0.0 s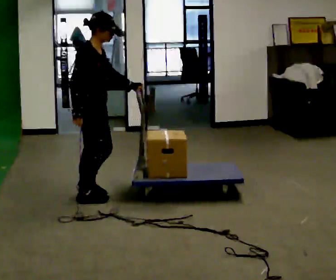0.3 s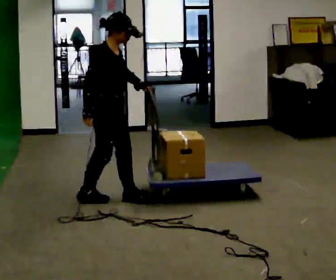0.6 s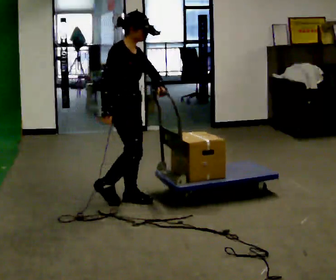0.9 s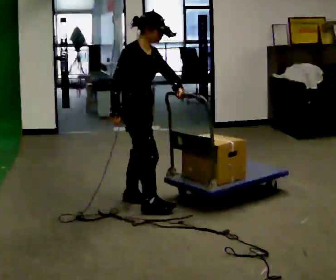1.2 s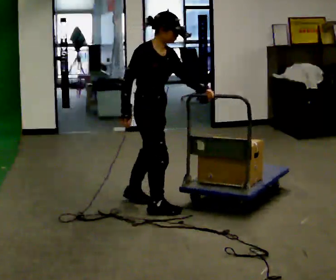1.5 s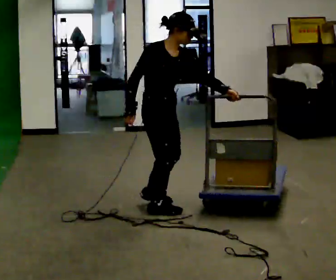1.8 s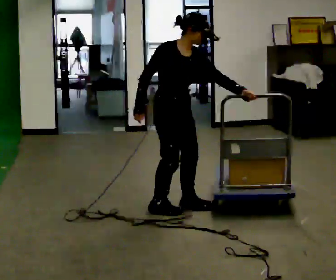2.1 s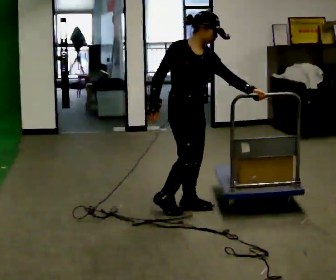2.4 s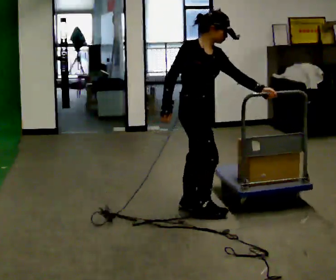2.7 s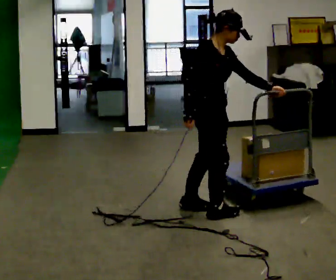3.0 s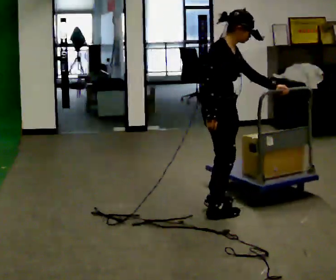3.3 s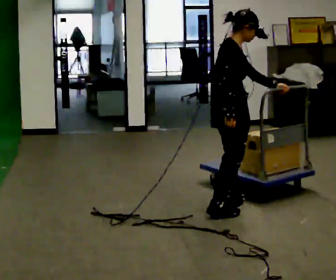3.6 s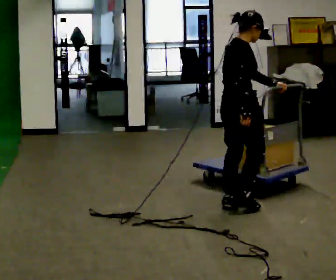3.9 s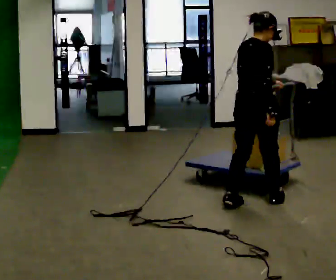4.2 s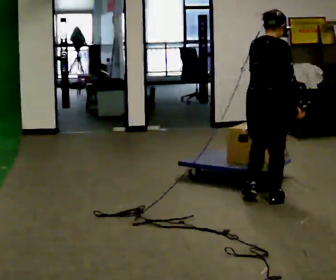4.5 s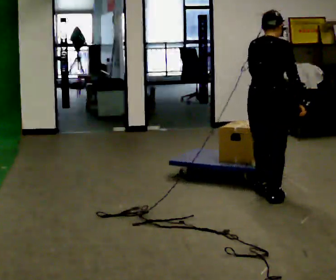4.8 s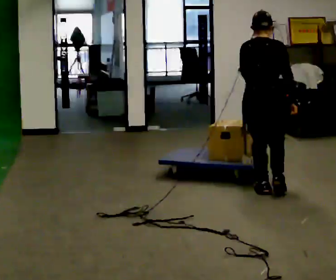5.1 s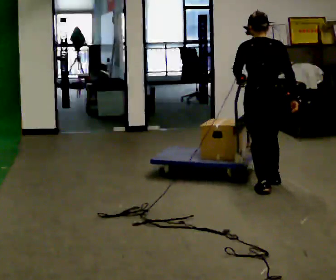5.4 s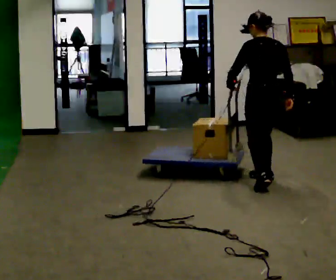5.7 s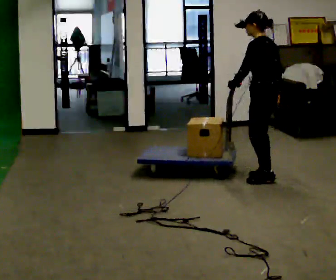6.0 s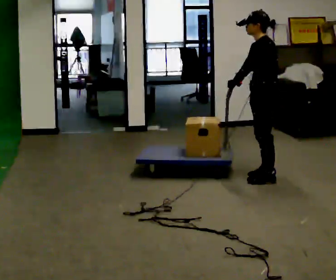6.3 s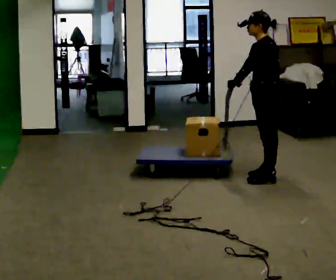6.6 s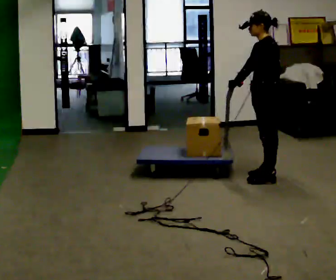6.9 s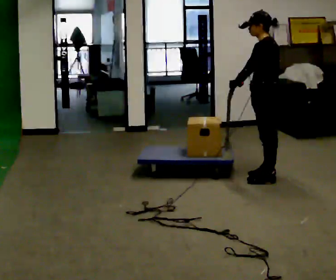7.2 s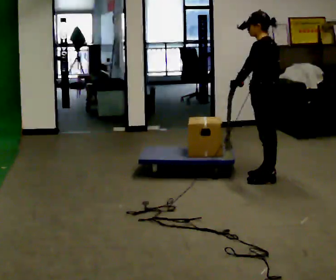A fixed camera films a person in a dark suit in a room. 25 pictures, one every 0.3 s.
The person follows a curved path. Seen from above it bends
counterclockwise.
The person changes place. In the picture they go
to the right.
0.0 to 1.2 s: In the picture they go to the right, about 0.5 m in 2 steps, which for them is forward.
1.2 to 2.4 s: In the picture they go to the right, about 0.25 m in 1 step, which for them is forward and to their left.
2.4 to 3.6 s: The person turns about 45 degrees to their left, counterclockwise seen from above, so the part of the body nearest the lens slides to the right. In the picture they go to the right, about 0.25 m in 2 steps, which for them is forward.
3.6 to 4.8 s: Seen from above the body turns counterclockwise, about 60 degrees: to their left, with its near side sliding to the right. In the picture they go away from the camera and to the right, about 0.5 m in 2 steps, which for them is forward.
4.8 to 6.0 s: Seen from above the body turns counterclockwise, about 90 degrees: to their left, with its near side sliding to the right. In the picture they go away from the camera, about 0.5 m in 2 steps.
6.0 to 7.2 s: The person moves a little, or ends about where they began.
The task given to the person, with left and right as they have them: Push the cart along the marked route and round the corner to the side the operator calls.
The film runs forward here.
